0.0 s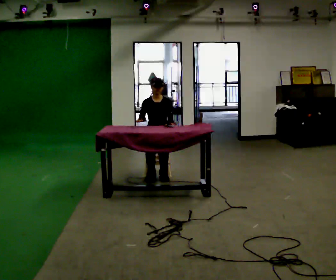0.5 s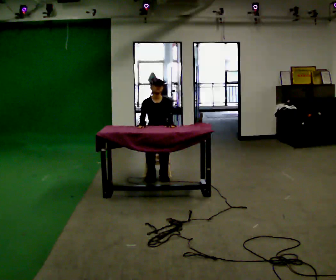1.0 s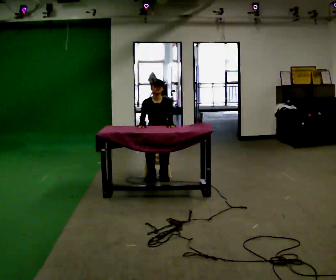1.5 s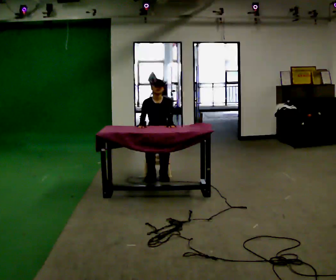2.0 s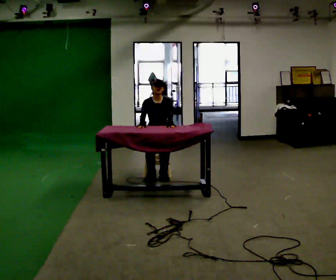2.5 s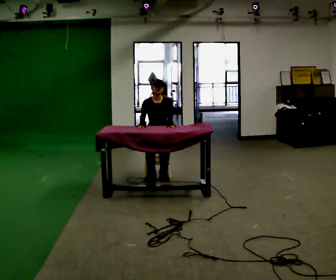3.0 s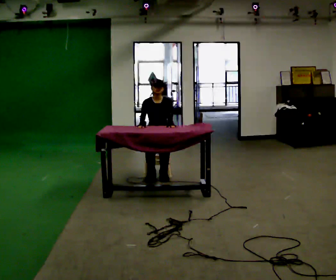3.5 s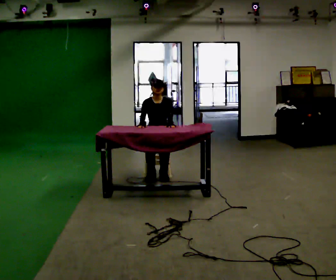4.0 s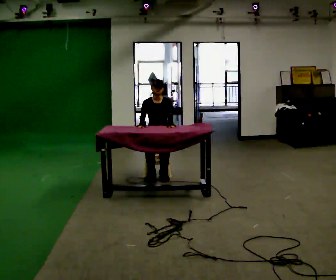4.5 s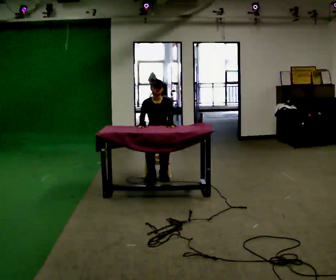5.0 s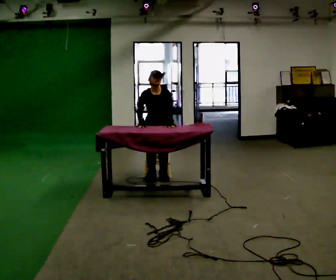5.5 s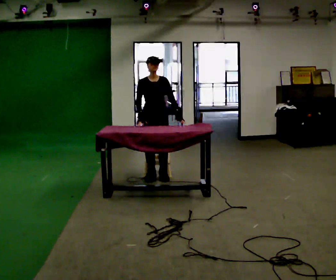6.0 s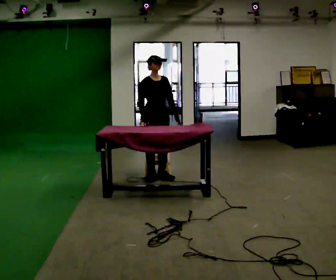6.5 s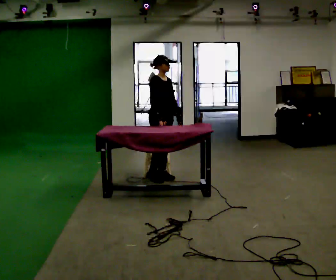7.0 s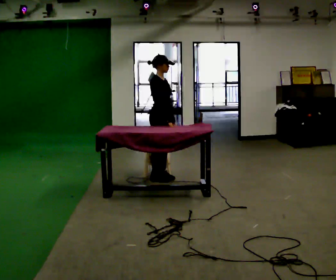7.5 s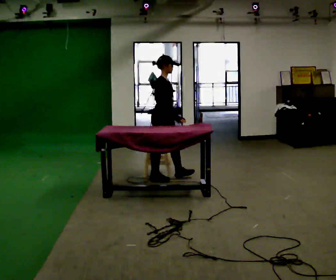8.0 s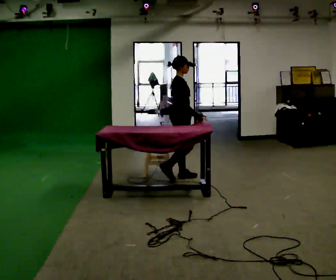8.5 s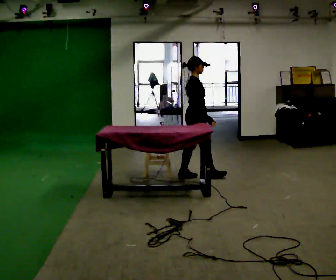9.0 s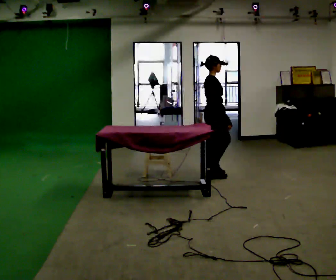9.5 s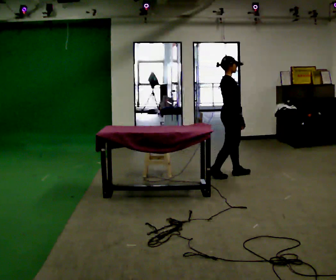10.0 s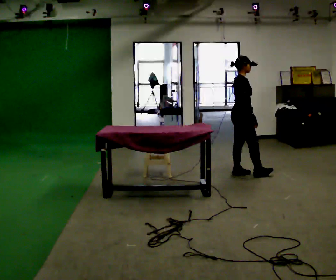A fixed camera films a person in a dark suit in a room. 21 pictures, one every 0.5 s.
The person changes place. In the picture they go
to the right.
The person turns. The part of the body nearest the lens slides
to the right.
0.0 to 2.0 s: The person moves a little, or ends about where they began.
2.0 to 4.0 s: The person keeps their place and pose.
4.0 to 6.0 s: The person turns about 30 degrees to their left, counterclockwise seen from above, so the part of the body nearest the lens slides to the right. In the picture they go toward the camera, about 0.25 m, which for them is forward. The upper body goes upward.
6.0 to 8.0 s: The part of the body nearest the lens slides to the right as the person turns to their left by about 60 degrees. In the picture they go to the right, about 0.25 m in 1 step.
8.0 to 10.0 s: In the picture they go to the right, about 1 m in 2 steps, which for them is forward.
The film runs forward here.
